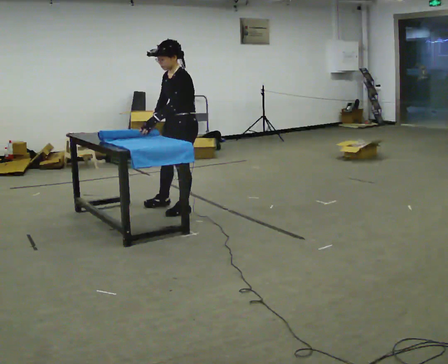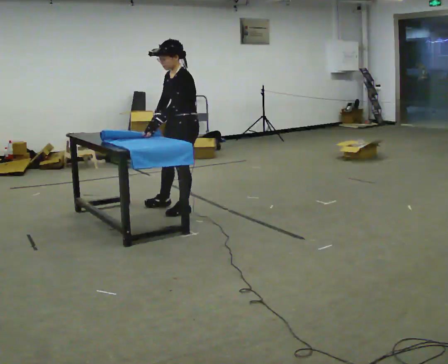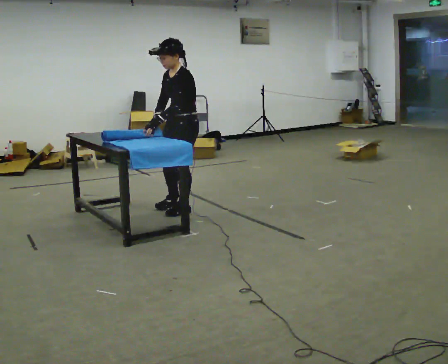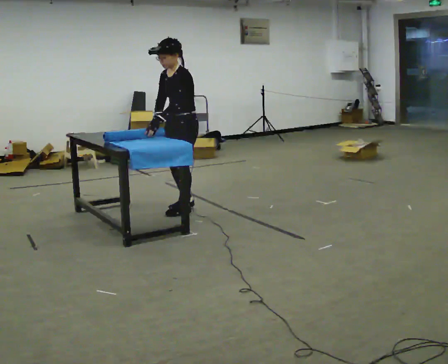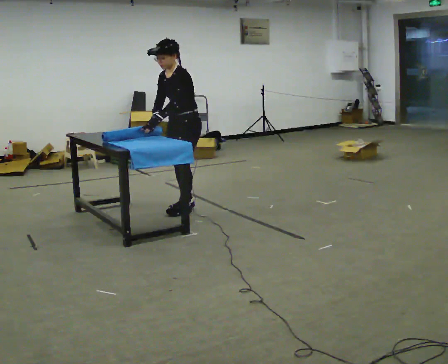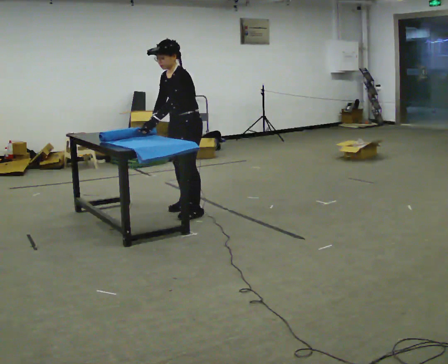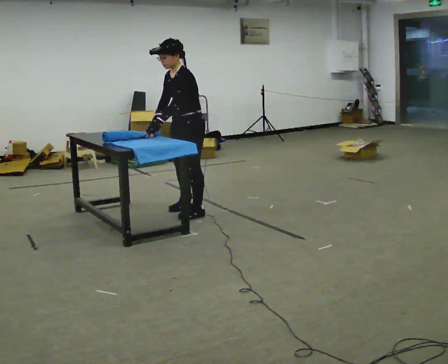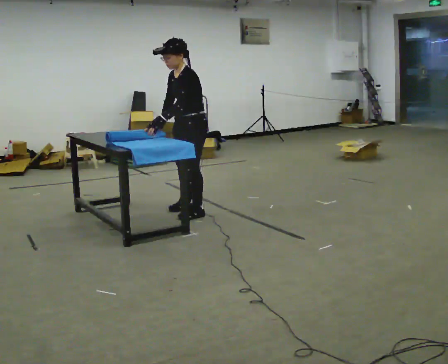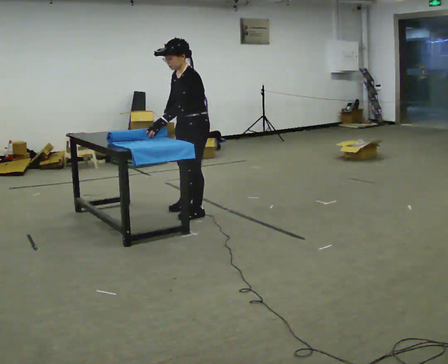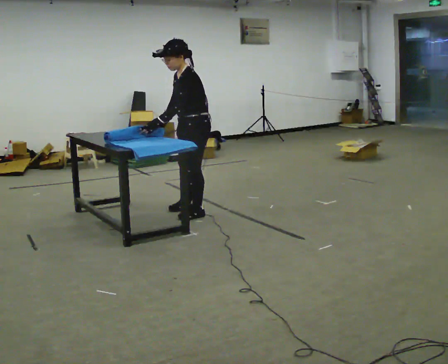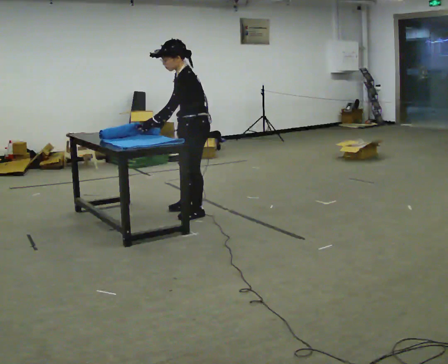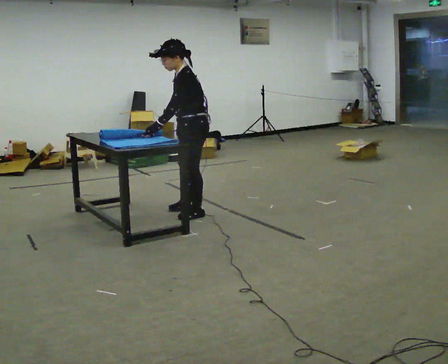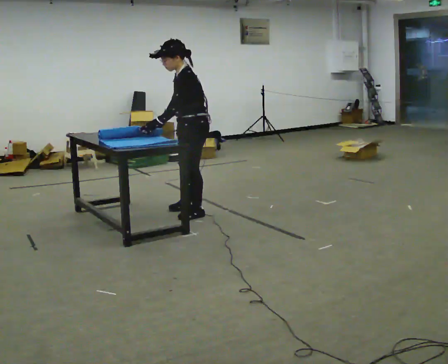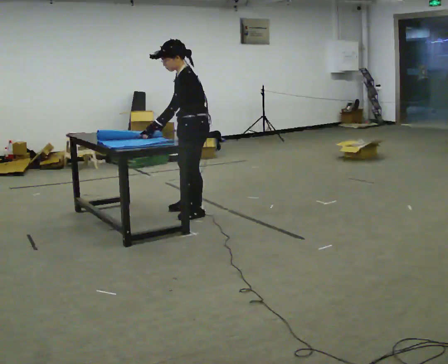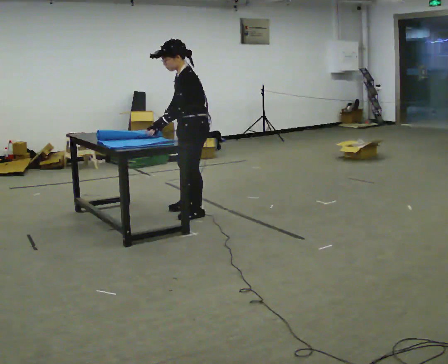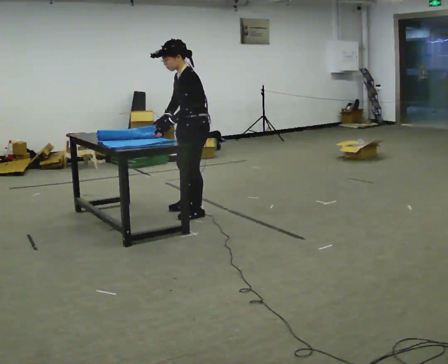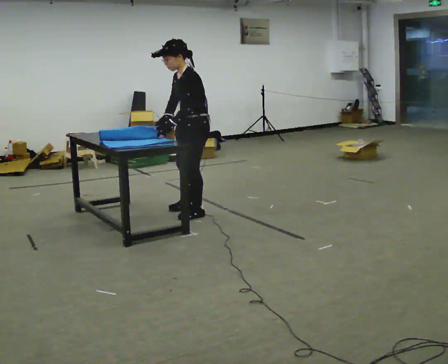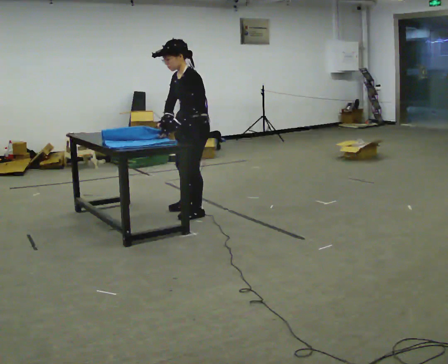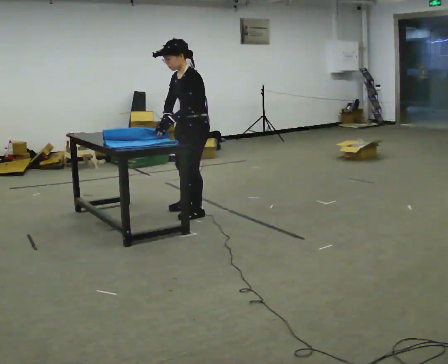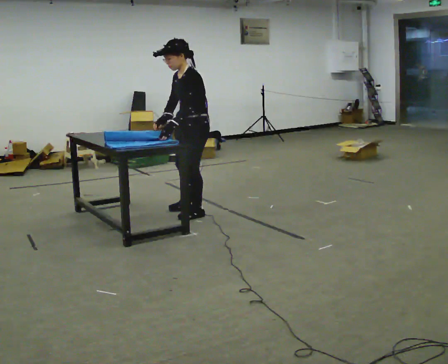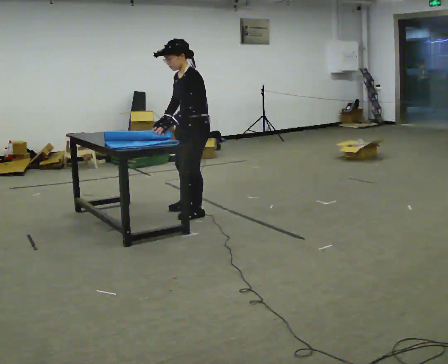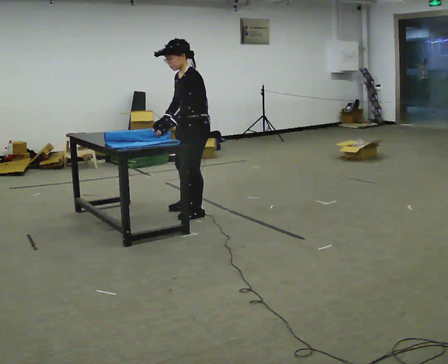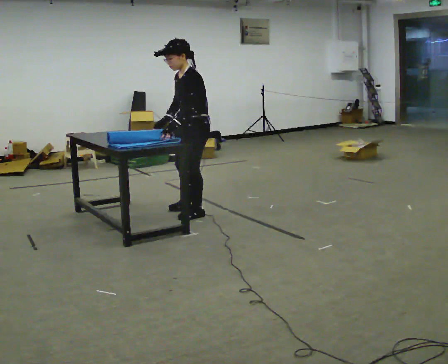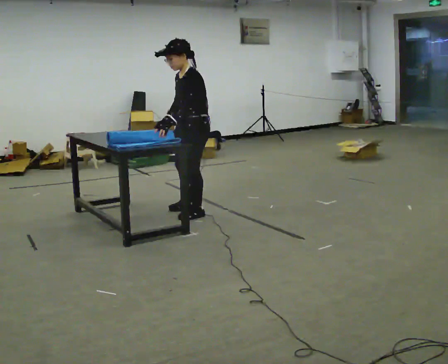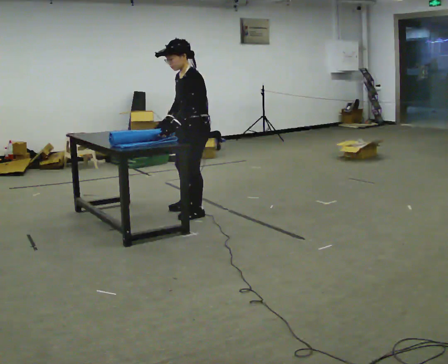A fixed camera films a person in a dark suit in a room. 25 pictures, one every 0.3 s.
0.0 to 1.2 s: The person moves a little, or ends about where they began.
1.2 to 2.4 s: In the picture they go toward the camera, about 0.25 m in 1 step, which for them is to their left.
2.4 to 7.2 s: The person moves a little, or ends about where they began.
The film runs forward here.
